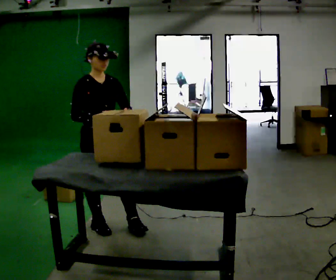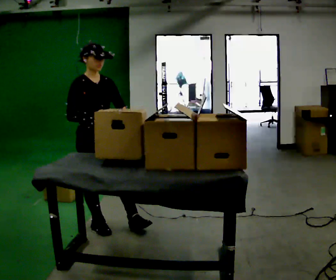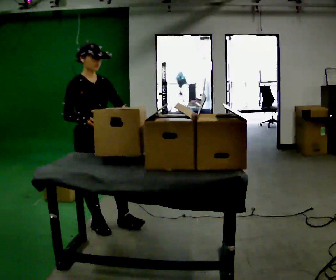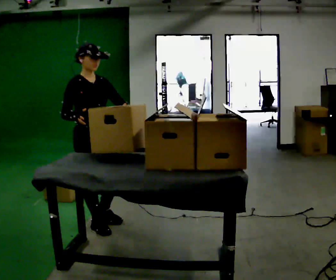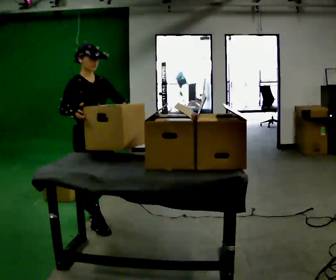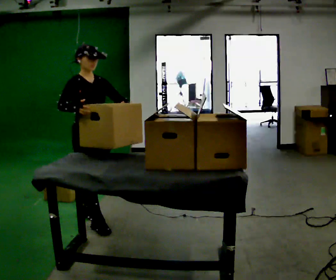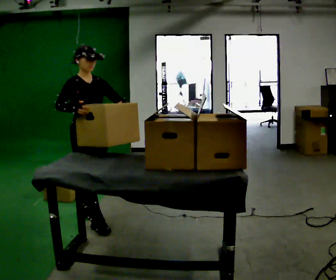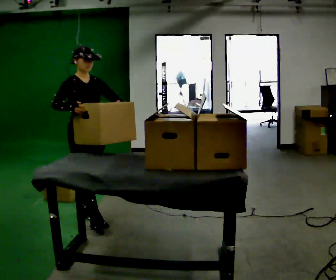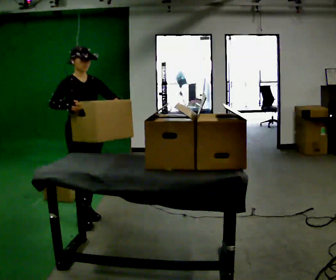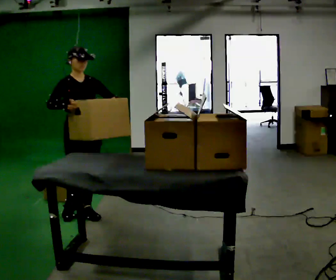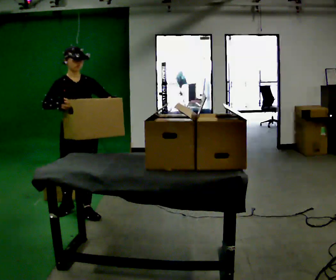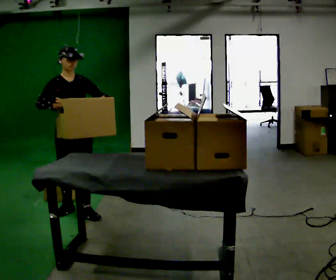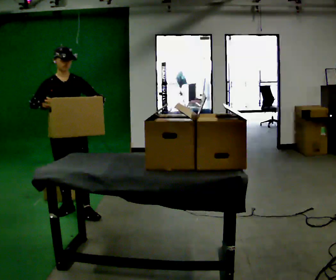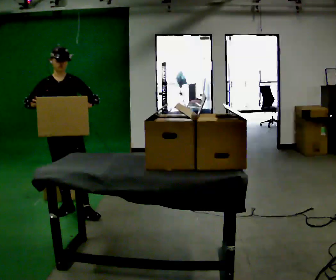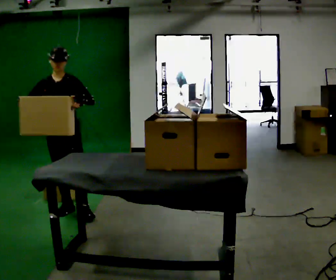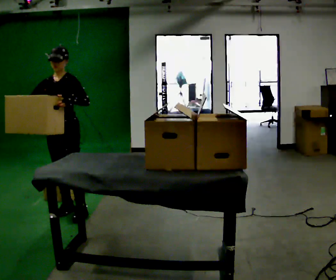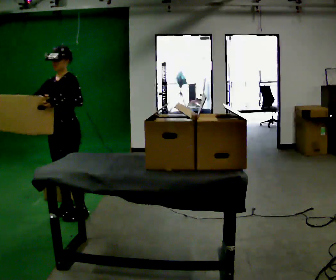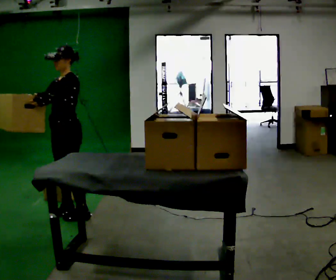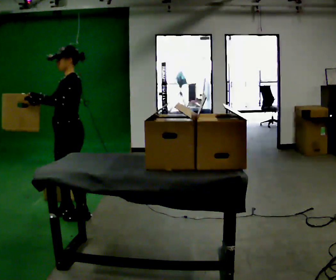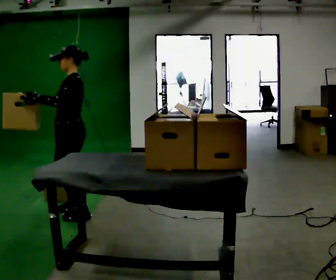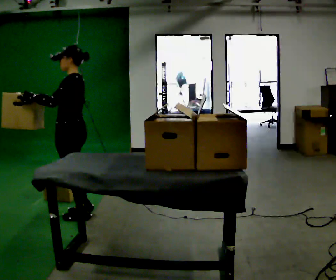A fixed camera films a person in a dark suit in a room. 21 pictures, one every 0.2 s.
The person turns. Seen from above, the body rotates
clockwise.
The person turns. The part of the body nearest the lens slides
to the left.
0.0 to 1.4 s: In the picture they go away from the camera, about 0.25 m in 1 step, which for them is backward.
1.4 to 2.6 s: The person turns about 30 degrees to their right, clockwise seen from above, so the part of the body nearest the lens slides to the left. In the picture they go to the left and away from the camera, about 0.25 m in 1 step, which for them is backward and to their right.
2.6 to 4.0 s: The person turns about 105 degrees to their right, clockwise seen from above, so the part of the body nearest the lens slides to the left. In the picture they go toward the camera, about 0.25 m in 1 step.
The film runs backward here.
